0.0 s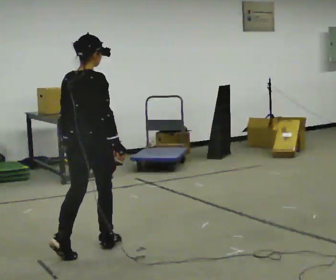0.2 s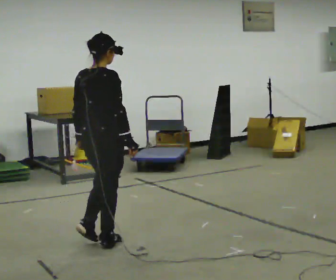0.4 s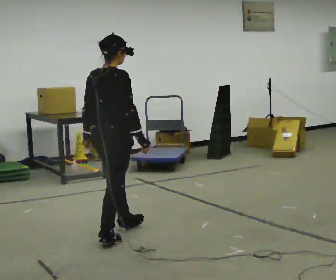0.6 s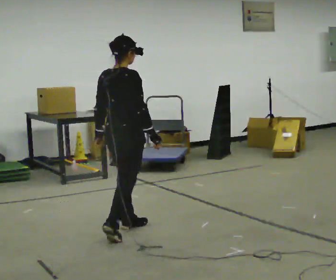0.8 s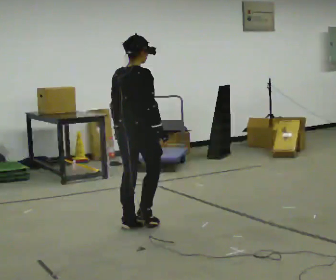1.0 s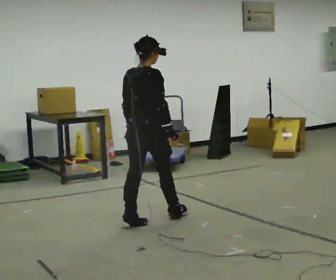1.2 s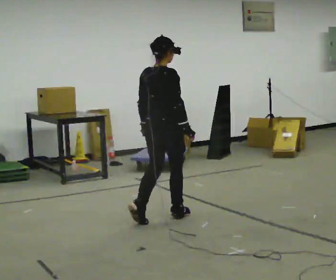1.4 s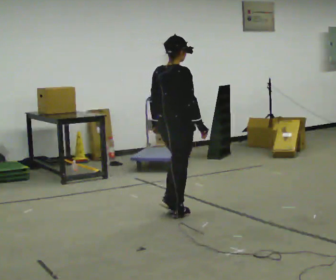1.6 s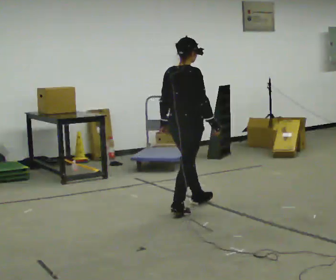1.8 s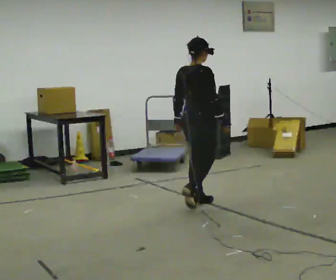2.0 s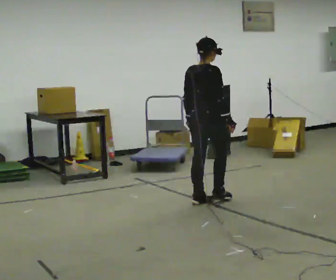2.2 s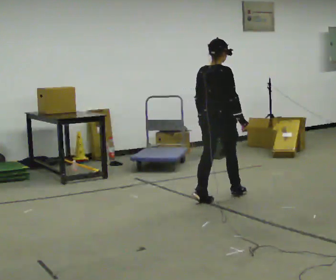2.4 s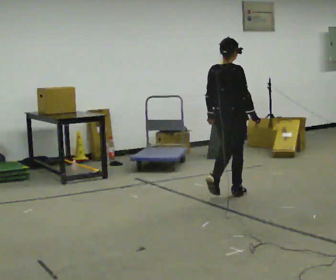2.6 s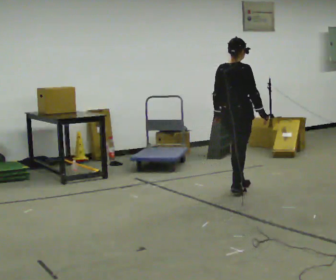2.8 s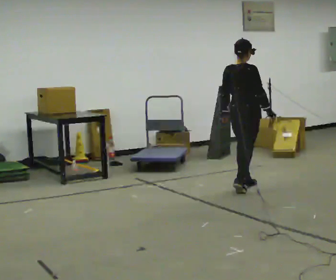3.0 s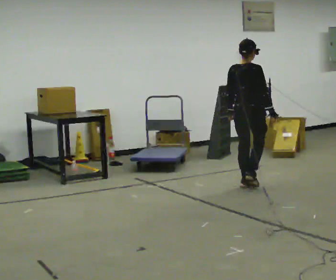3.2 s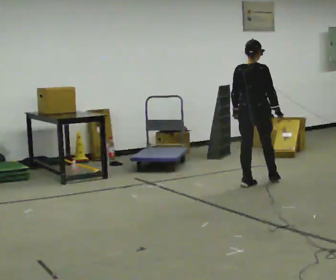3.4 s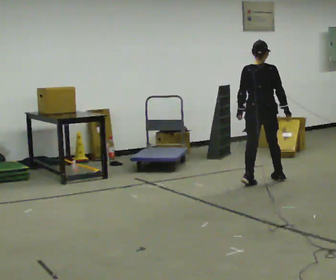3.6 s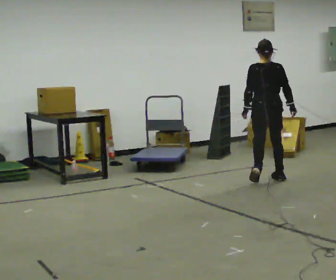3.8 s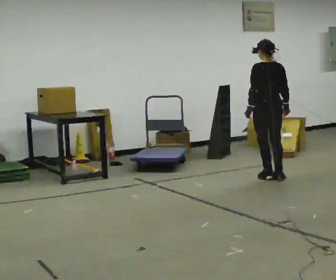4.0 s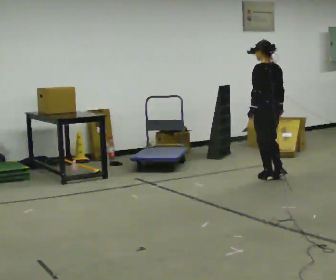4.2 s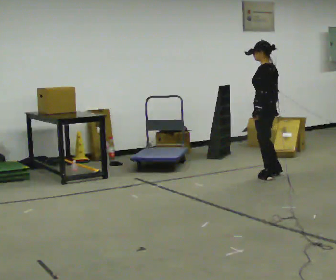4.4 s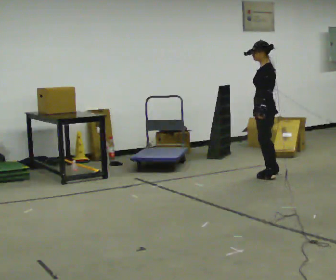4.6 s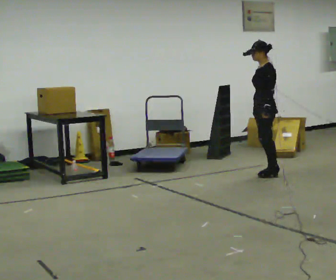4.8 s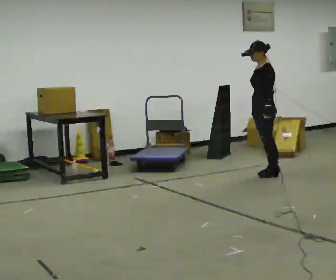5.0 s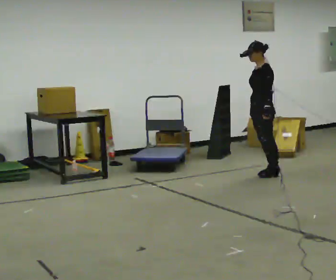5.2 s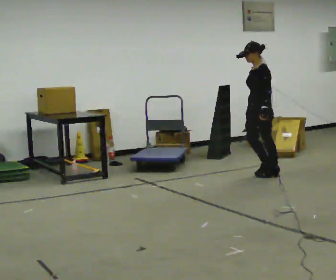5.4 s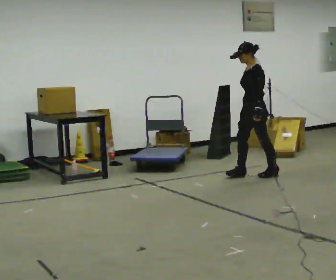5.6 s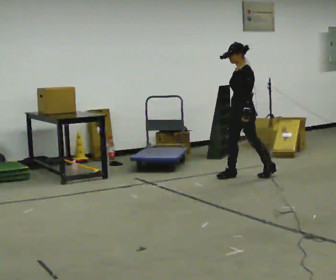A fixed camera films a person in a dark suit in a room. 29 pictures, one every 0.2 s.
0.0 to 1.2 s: In the picture they go away from the camera and to the right, about 1 m in 2 steps, which for them is forward.
1.2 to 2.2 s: In the picture they go away from the camera and to the right, about 1 m in 2 steps, which for them is forward.
2.2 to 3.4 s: In the picture they go away from the camera and to the right, about 1 m in 2 steps, which for them is forward.
3.4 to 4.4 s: Seen from above the body turns counterclockwise, about 105 degrees: to their left, with its near side sliding to the right. In the picture they go away from the camera, about 0.25 m in 2 steps.
4.4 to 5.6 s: In the picture they go to the left, about 0.25 m in 2 steps, which for them is forward.
The film runs forward here.
